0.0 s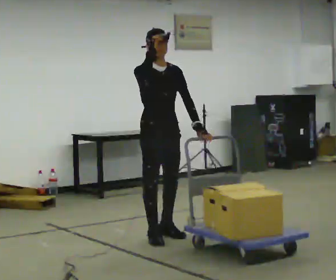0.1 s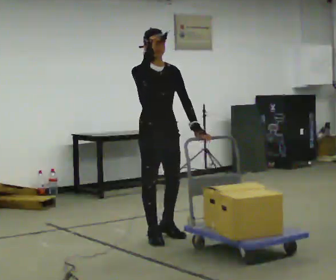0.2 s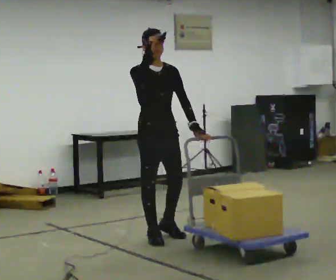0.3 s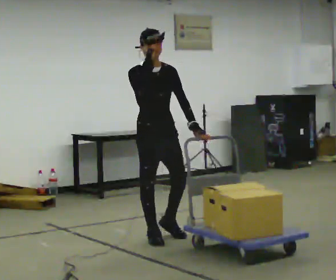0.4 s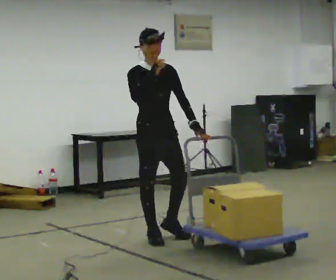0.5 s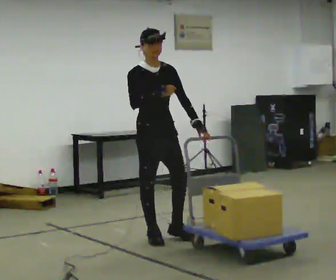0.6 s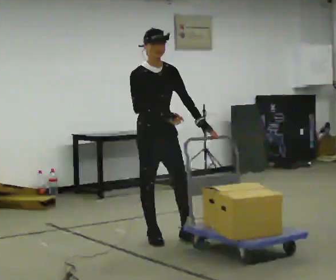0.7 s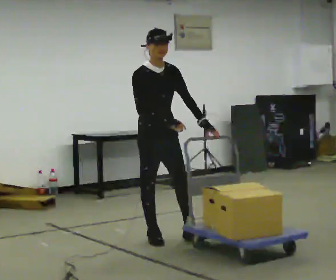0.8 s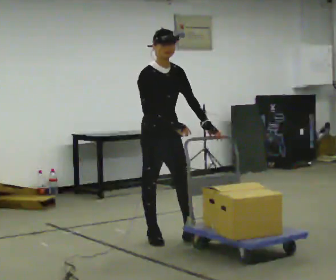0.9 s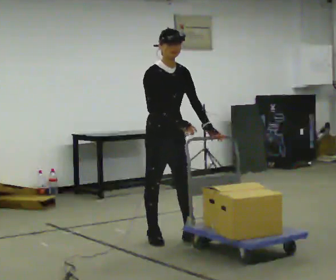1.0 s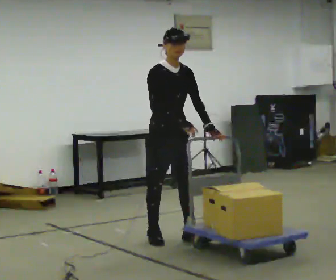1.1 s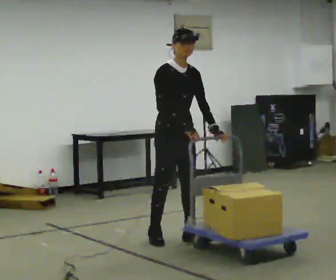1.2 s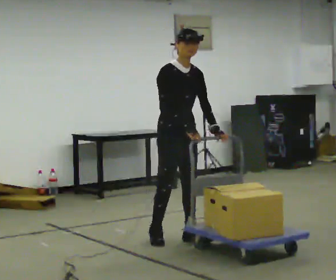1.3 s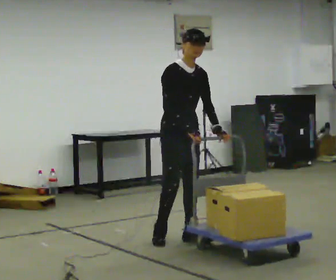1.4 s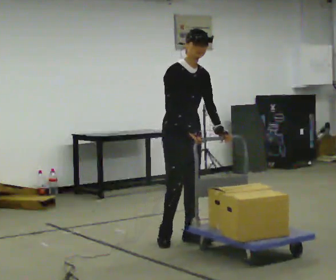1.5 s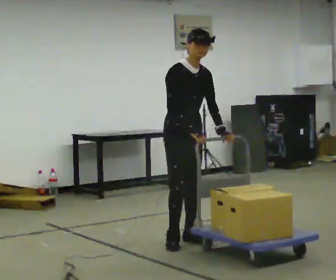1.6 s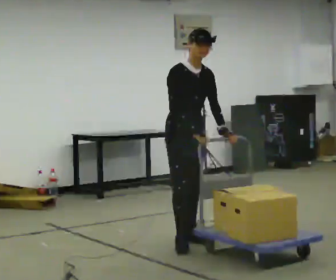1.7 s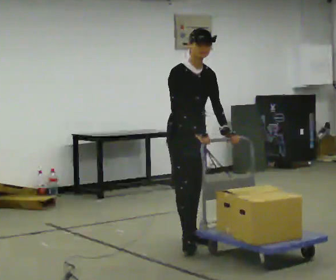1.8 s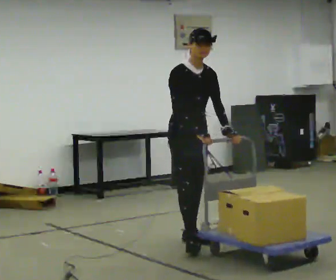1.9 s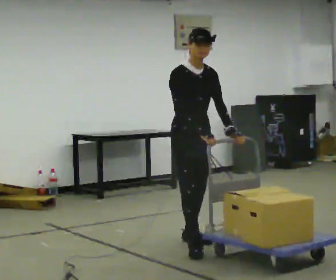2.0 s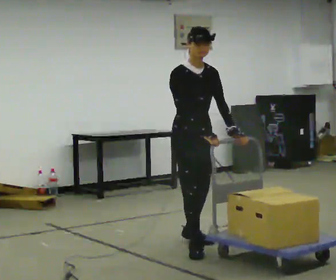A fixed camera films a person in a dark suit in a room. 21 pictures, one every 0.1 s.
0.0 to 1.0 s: In the picture their right hand goes downward.
1.0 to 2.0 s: In the picture they go toward the camera and to the right, about 0.25 m in 1 step, which for them is forward.
The film runs forward here.
